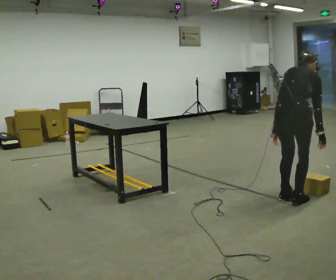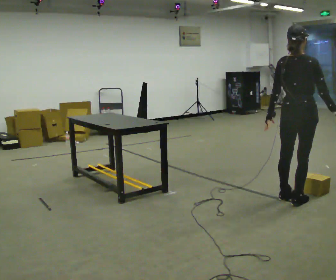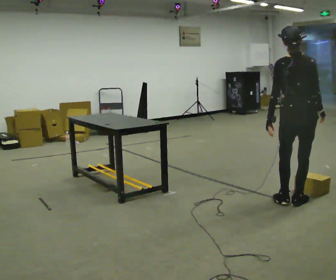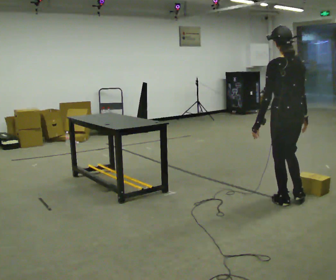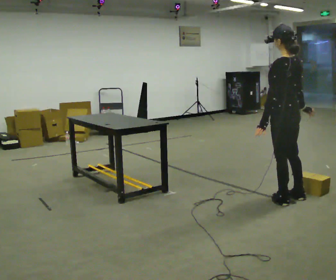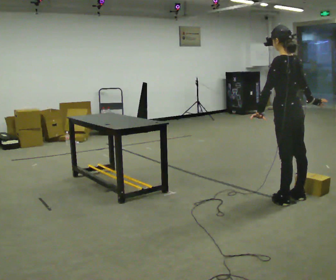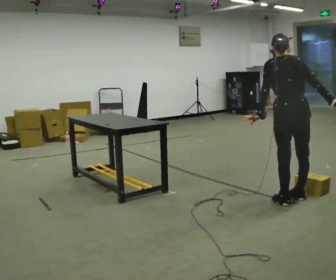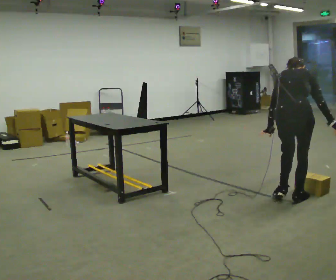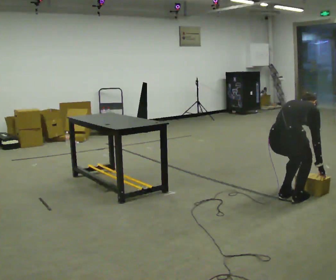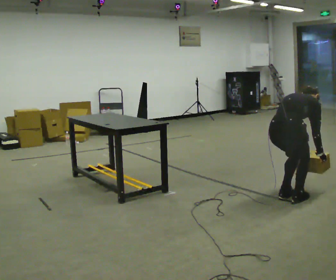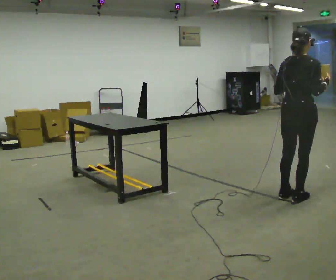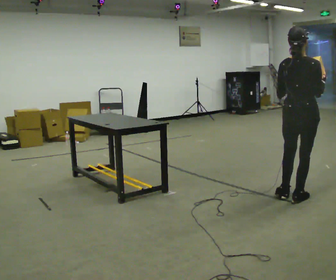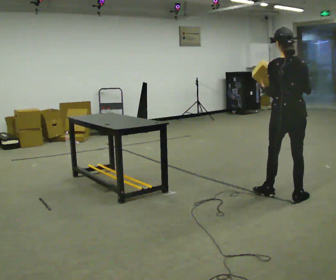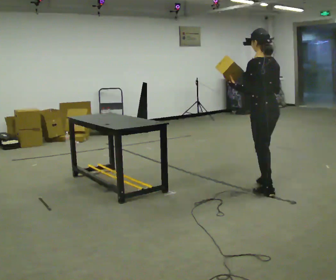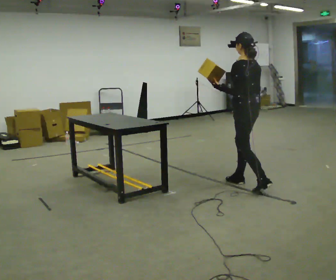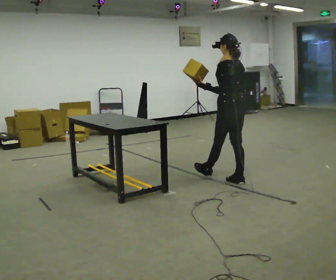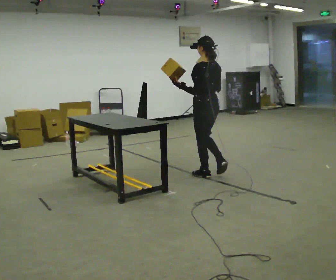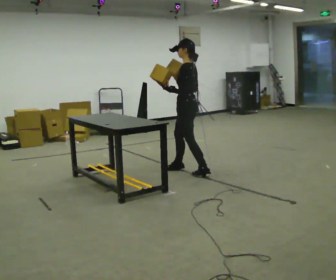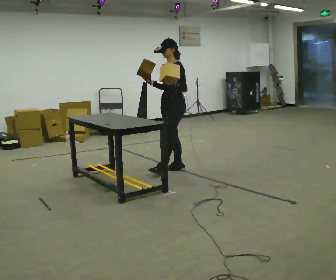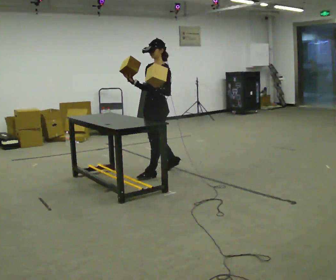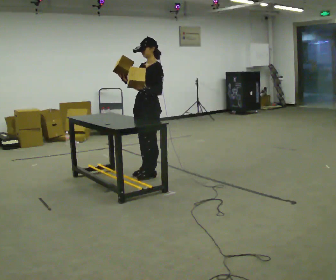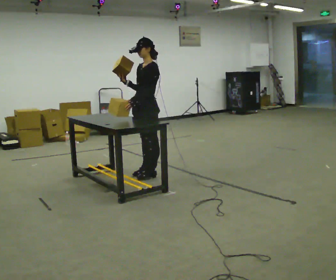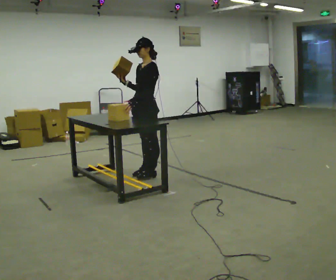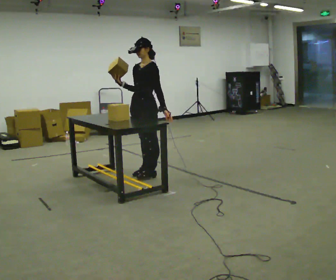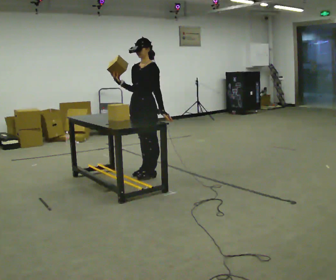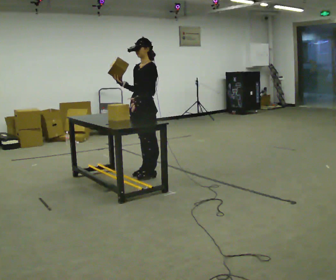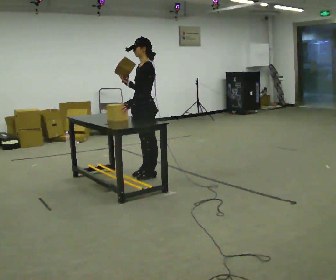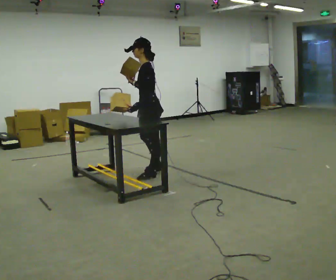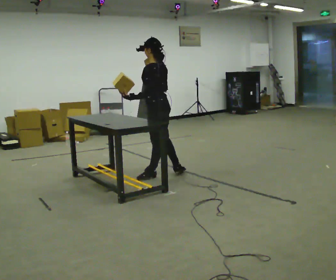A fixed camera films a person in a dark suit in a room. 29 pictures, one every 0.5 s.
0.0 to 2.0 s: Seen from above the body turns counterclockwise, about 75 degrees: to their left, with its near side sliding to the right. The upper body tips toward the camera, its near side rolling downward, as they lean back or straighten.
2.0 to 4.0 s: The person turns about 90 degrees to their right, clockwise seen from above, so the part of the body nearest the lens slides to the left. The shoulders move downward. The upper body tips away from the camera, its near side rolling upward, as they bend forward. In the picture their right hand goes downward.
4.0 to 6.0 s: Seen from above the body turns counterclockwise, about 60 degrees: to their left, with its near side sliding to the right. In the picture they go away from the camera, about 0.25 m, which for them is forward. The shoulders move upward. The upper body tips toward the camera, its near side rolling downward, as they lean back or straighten. In the picture their right hand goes upward.
6.0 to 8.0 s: The person turns about 45 degrees to their left, counterclockwise seen from above, so the part of the body nearest the lens slides to the right. In the picture they go to the left and away from the camera, about 1 m in 2 steps, which for them is forward.
8.0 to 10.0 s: The part of the body nearest the lens slides to the right as the person turns to their left by about 75 degrees. In the picture they go to the left, about 0.75 m in 3 steps.
10.0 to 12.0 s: The person moves a little, or ends about where they began.
12.0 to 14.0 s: The person turns about 75 degrees to their right, clockwise seen from above, so the part of the body nearest the lens slides to the left. In the picture they go to the right, about 0.25 m in 1 step. In the picture their left hand goes to the left, the arm swinging clockwise.
The film runs forward here.
